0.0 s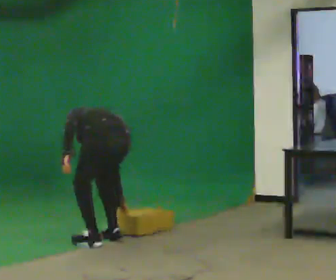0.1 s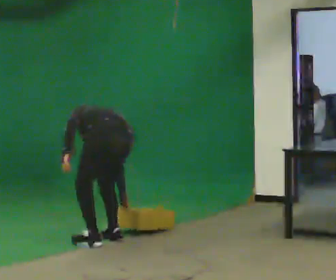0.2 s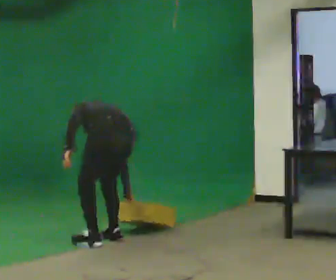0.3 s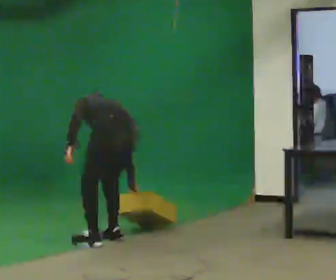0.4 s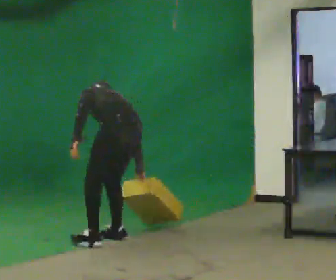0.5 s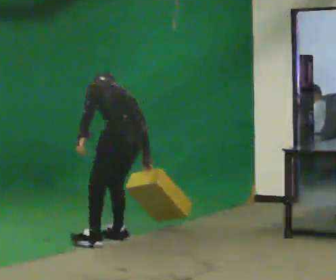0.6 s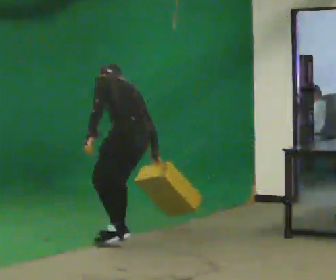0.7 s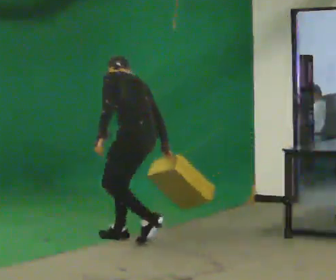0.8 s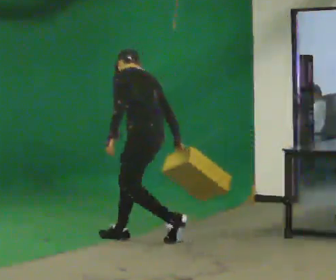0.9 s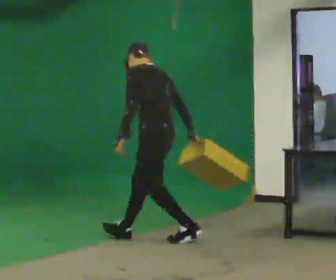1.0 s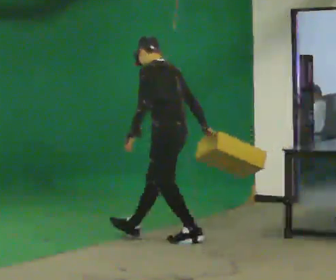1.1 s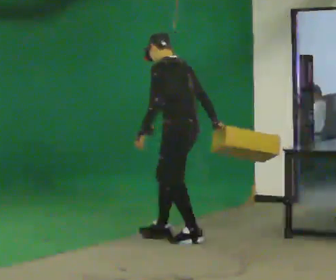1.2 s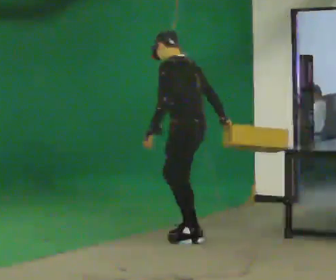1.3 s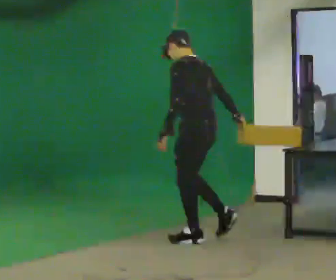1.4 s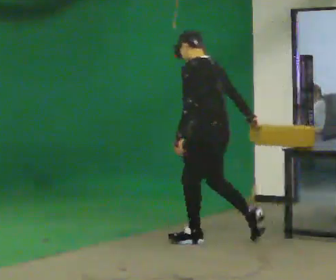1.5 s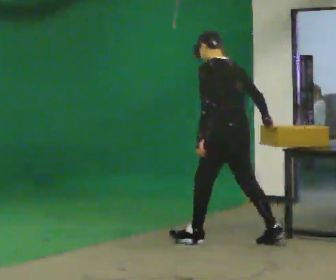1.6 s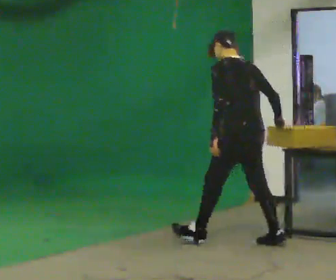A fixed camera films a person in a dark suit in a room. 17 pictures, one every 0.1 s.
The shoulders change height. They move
upward.
The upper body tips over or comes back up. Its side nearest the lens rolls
downward.
0.0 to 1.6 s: In the picture they go to the right, about 1 m in 3 steps, which for them is backward and to their right. The shoulders move upward. The upper body tips toward the camera, its near side rolling downward, as they lean back or straighten.
The film runs backward here.
